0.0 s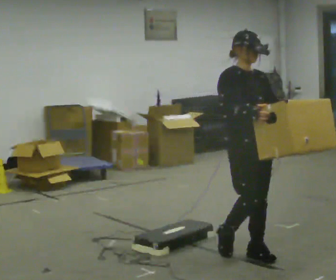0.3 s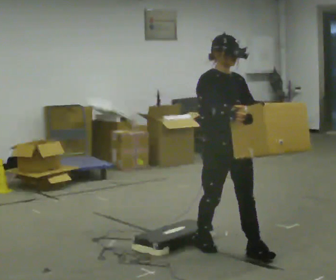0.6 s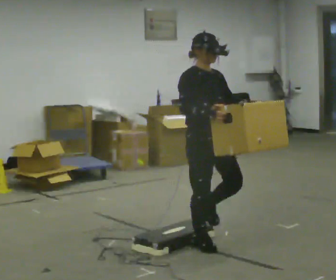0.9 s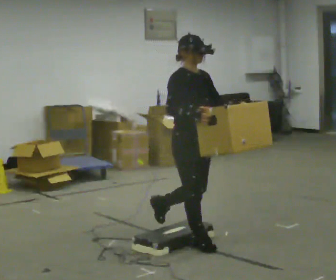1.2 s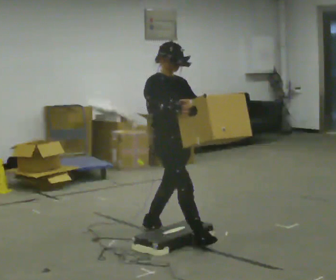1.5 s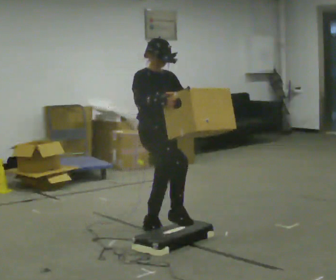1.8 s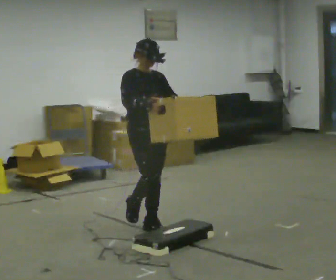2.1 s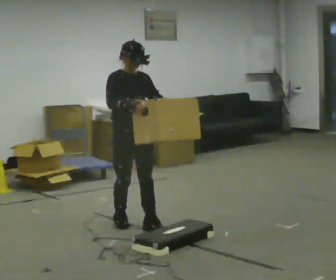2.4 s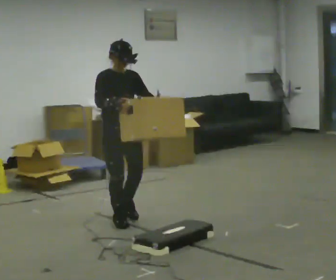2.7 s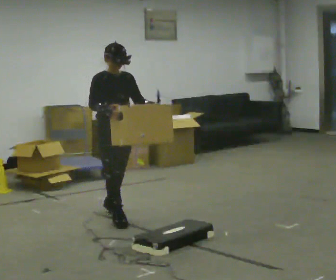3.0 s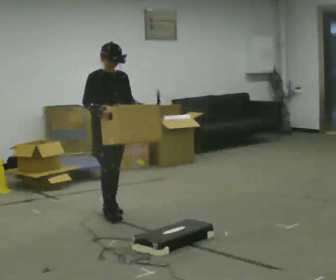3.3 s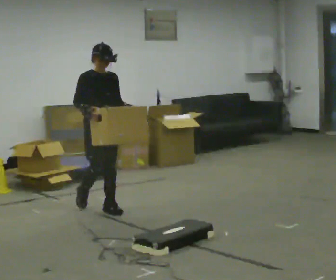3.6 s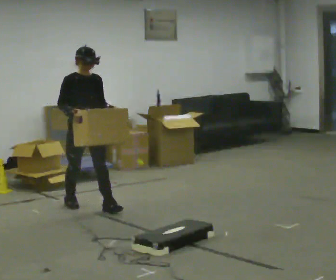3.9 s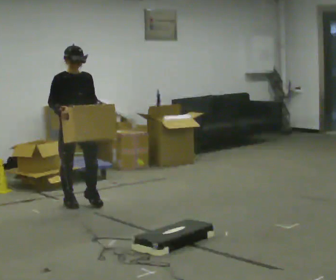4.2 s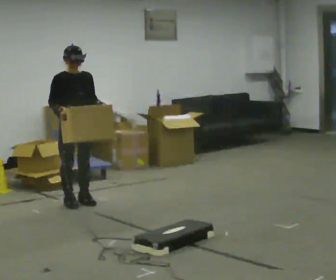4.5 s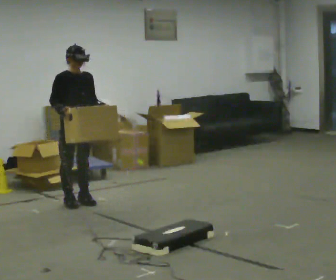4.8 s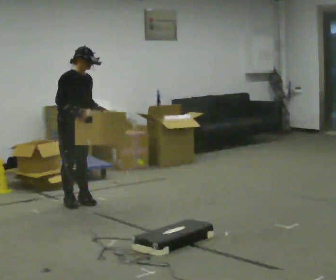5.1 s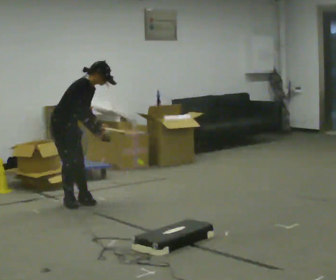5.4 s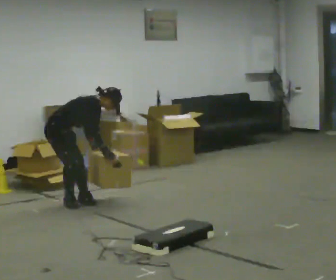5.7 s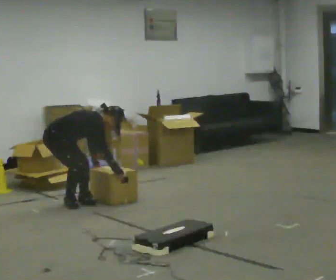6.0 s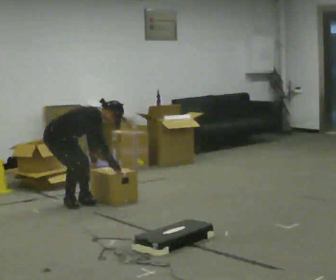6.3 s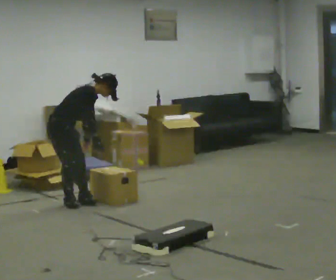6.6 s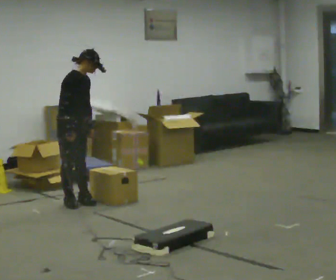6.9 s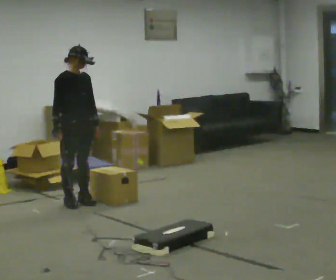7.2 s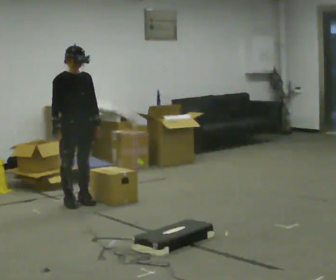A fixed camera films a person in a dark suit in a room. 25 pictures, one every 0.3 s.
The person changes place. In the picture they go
away from the camera.
0.0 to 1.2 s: In the picture they go away from the camera and to the left, about 0.5 m in 1 step, which for them is backward.
1.2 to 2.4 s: In the picture they go away from the camera and to the left, about 0.75 m in 2 steps, which for them is backward.
2.4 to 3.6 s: In the picture they go away from the camera and to the left, about 0.75 m in 1 step, which for them is backward.
3.6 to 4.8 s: In the picture they go away from the camera, about 0.25 m in 1 step, which for them is backward.
4.8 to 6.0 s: The part of the body nearest the lens slides to the right as the person turns to their left by about 30 degrees. In the picture they go to the left, about 0.25 m, which for them is backward. The shoulders move downward. In the picture the upper body tilts clockwise, shoulders to the right, as they bend forward. In the picture their left hand goes downward.
6.0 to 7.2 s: The person turns about 45 degrees to their right, clockwise seen from above, so the part of the body nearest the lens slides to the left. In the picture they go to the right, about 0.25 m, which for them is forward. The shoulders move upward. In the picture the upper body tilts counterclockwise, shoulders to the left, as they lean back or straighten. In the picture their left hand goes upward.
The film runs backward here.
